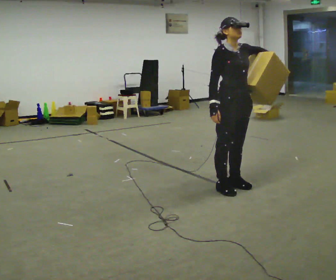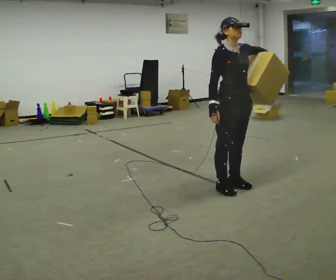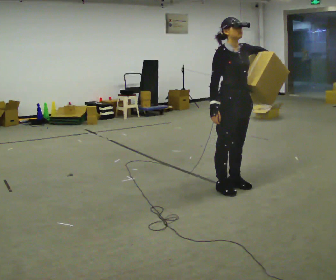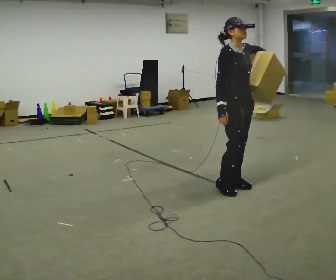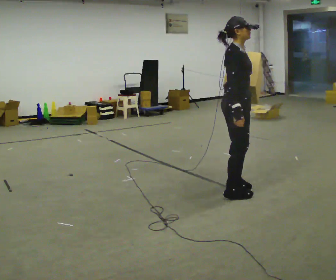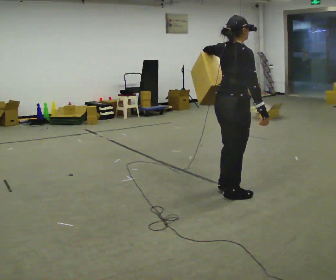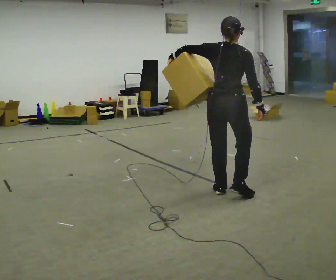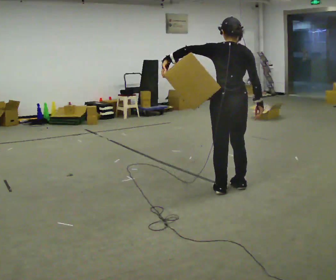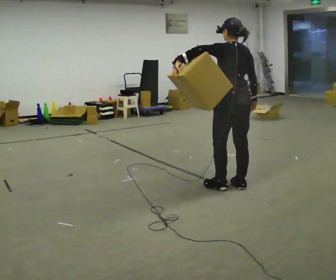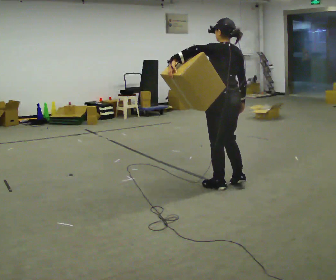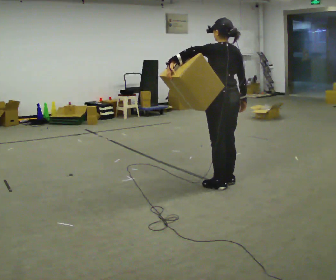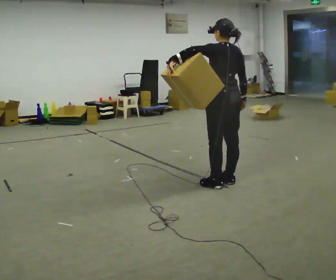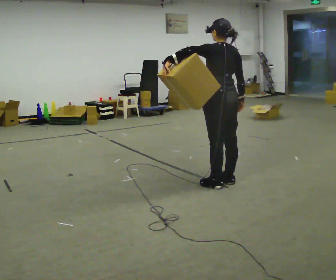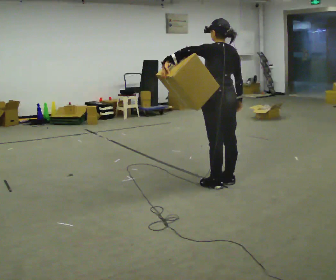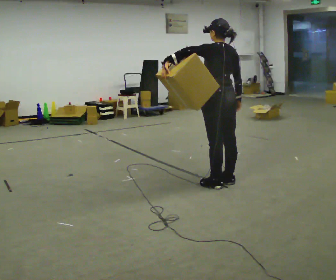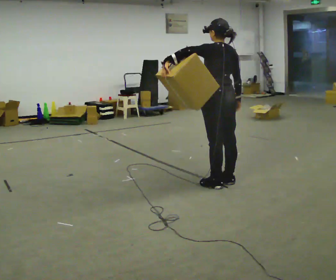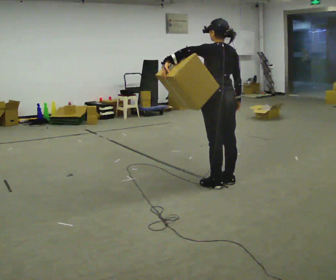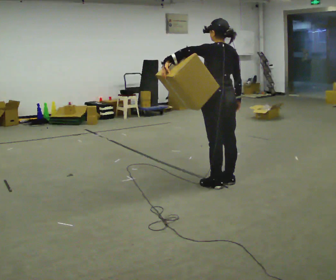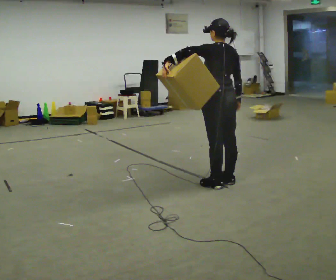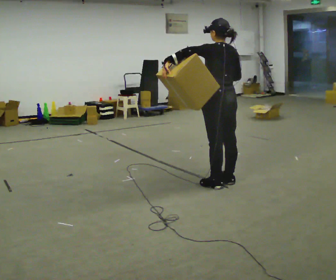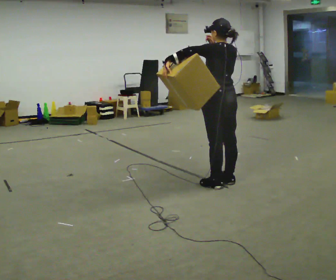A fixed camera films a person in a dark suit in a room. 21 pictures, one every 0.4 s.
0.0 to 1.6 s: The person turns about 45 degrees to their left, counterclockwise seen from above, so the part of the body nearest the lens slides to the right. In the picture their left hand goes to the left.
1.6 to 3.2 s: The person turns about 135 degrees to their left, counterclockwise seen from above, so the part of the body nearest the lens slides to the right. In the picture their left hand goes to the left.
3.2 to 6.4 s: The person moves a little, or ends about where they began.
6.4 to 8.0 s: In the picture their right hand goes upward.
The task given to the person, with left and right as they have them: Hold the object against your hip on the side the operator calls, and carry it back and forth across the room.
The film runs forward here.
